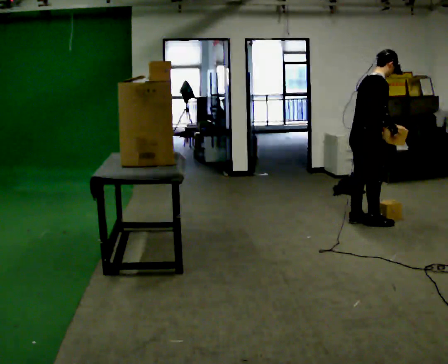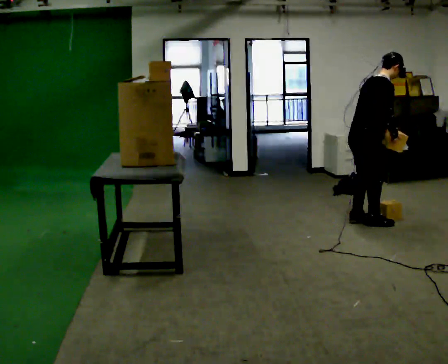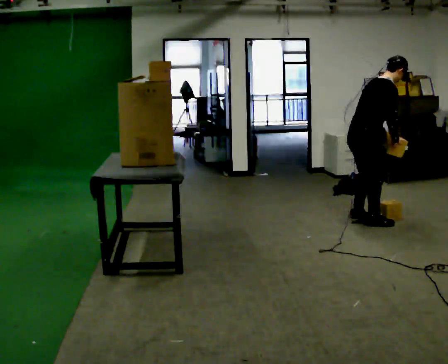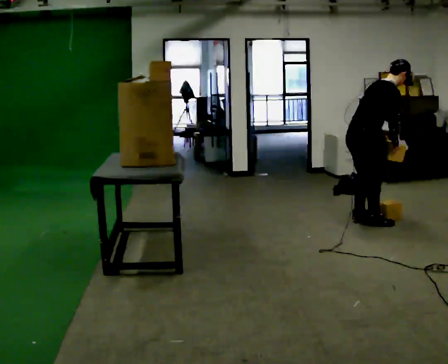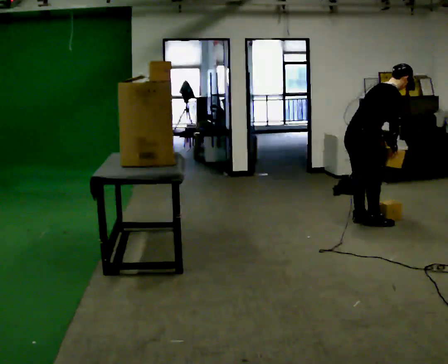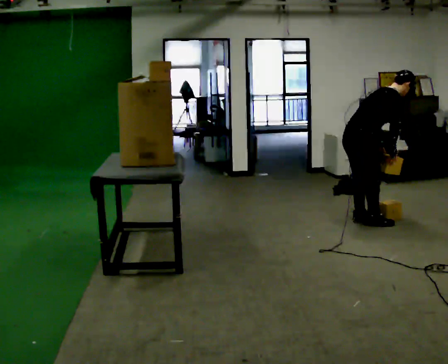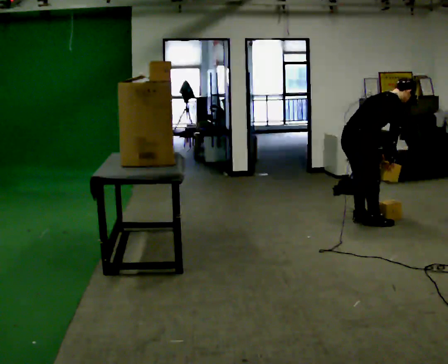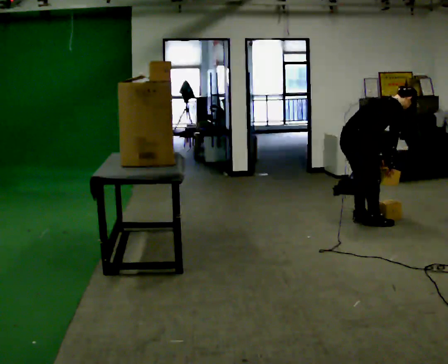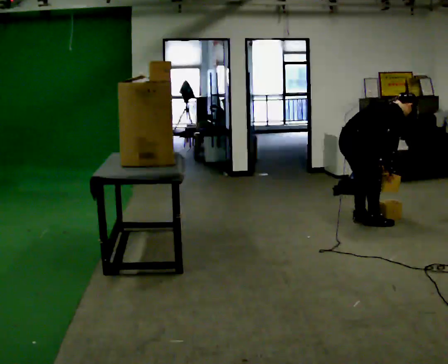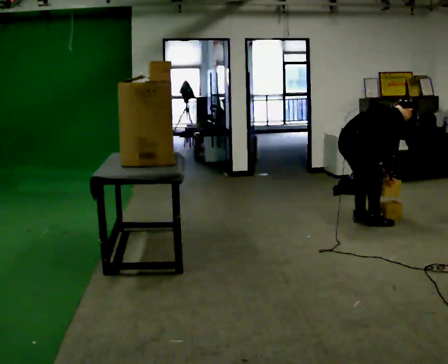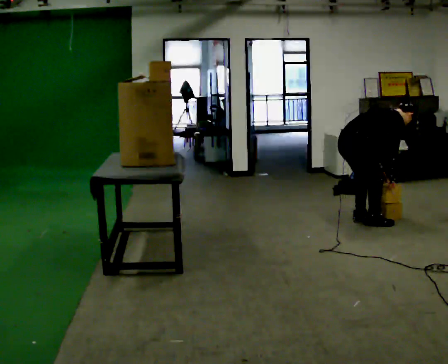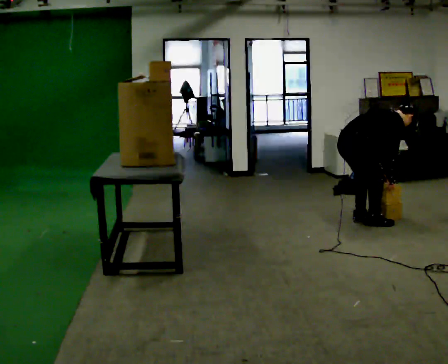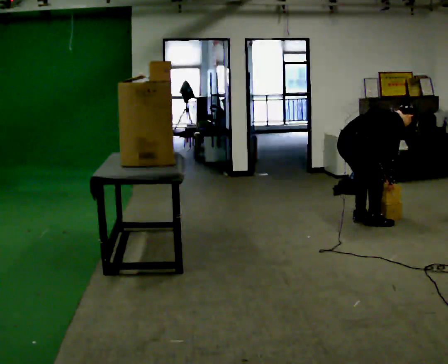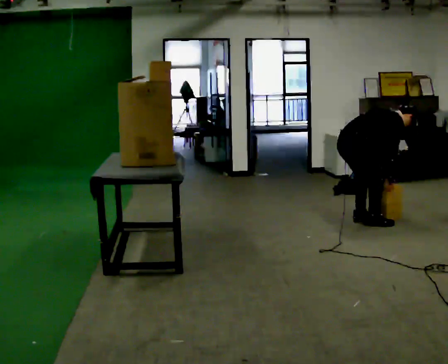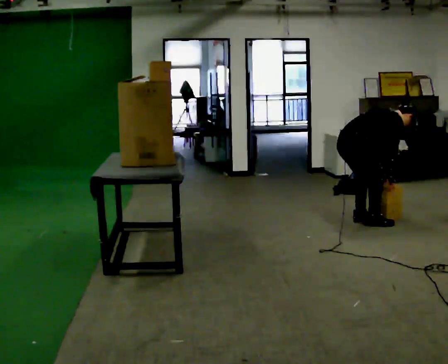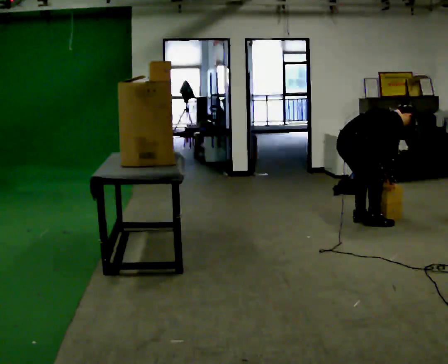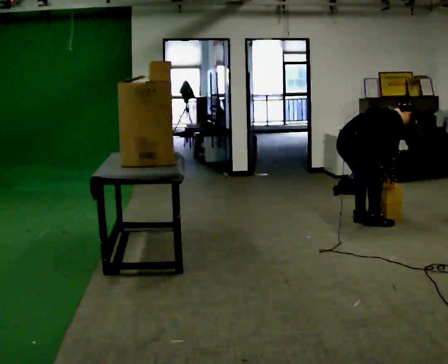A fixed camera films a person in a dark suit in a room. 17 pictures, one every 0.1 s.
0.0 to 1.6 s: The shoulders move downward. In the picture the upper body tilts clockwise, shoulders to the right, as they bend forward. In the picture their left hand goes downward.
The film runs forward here.
